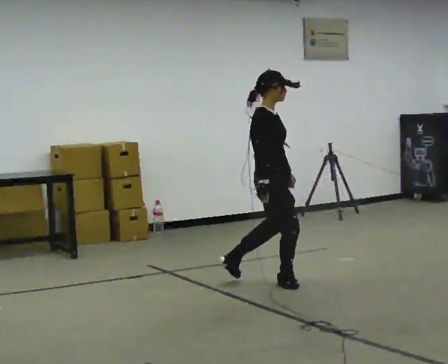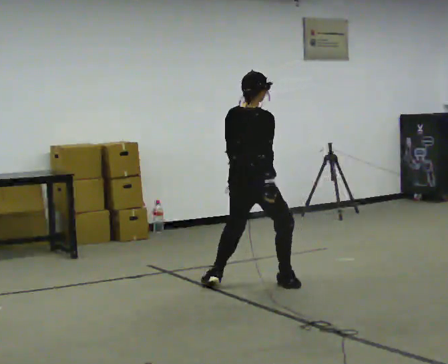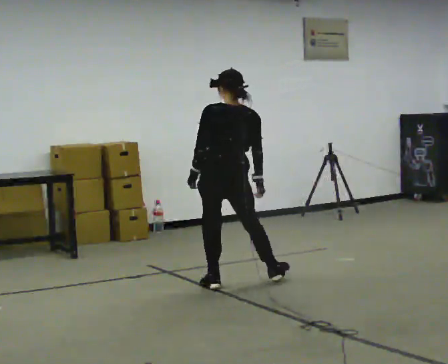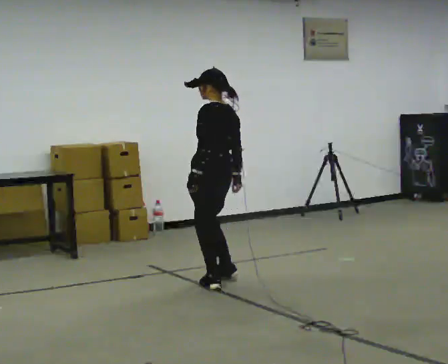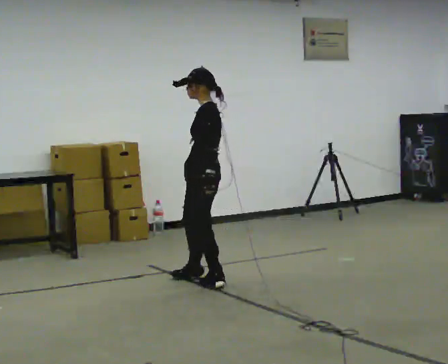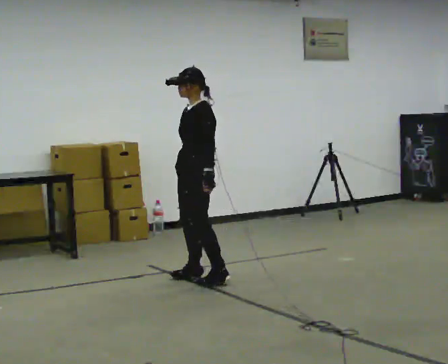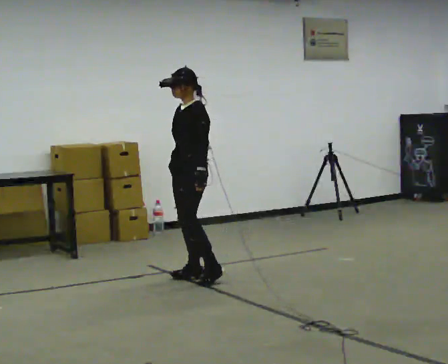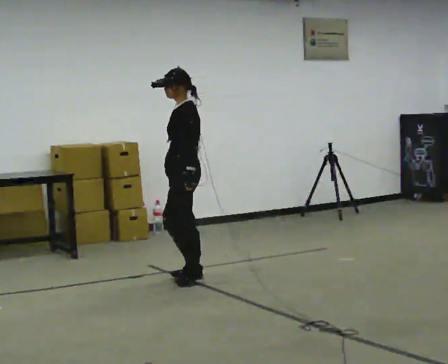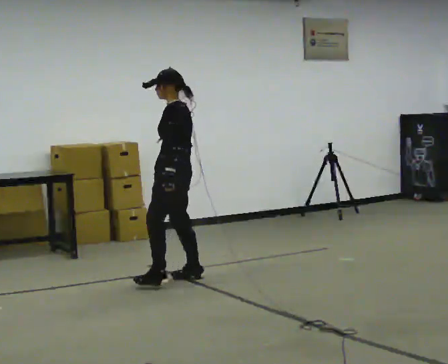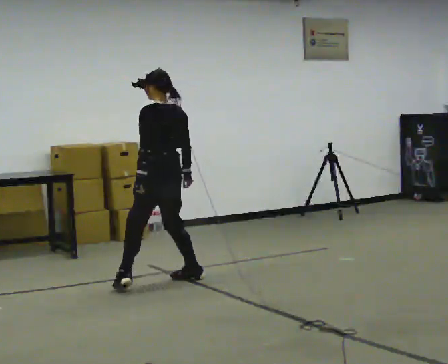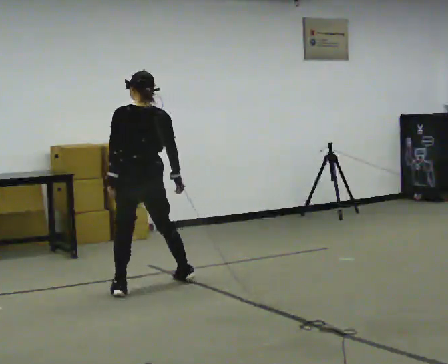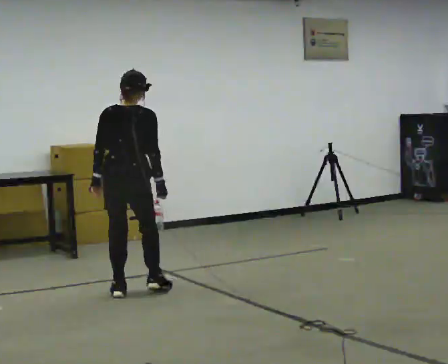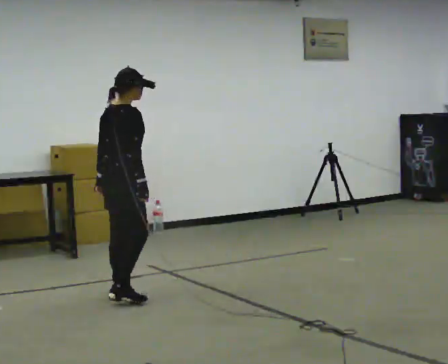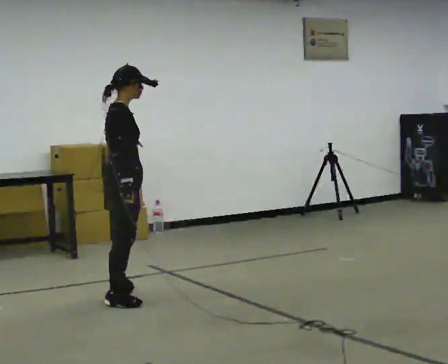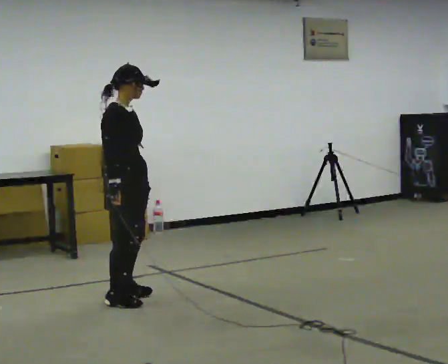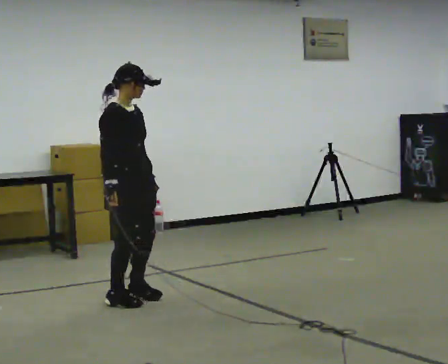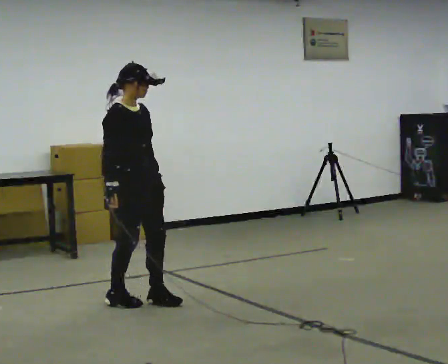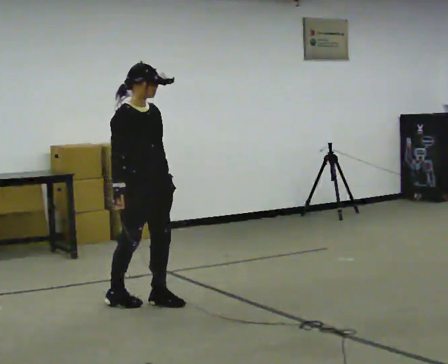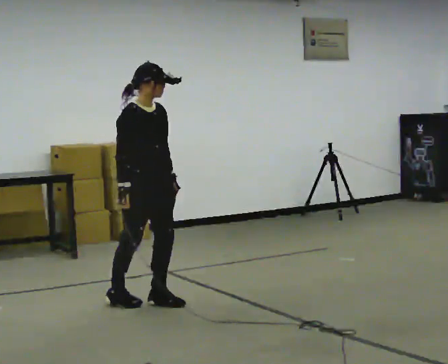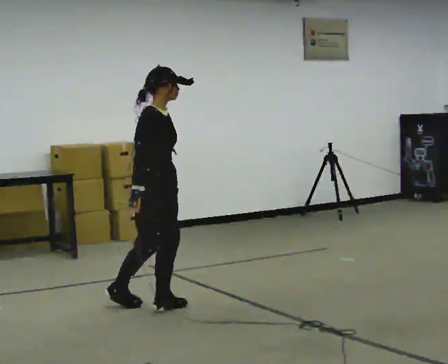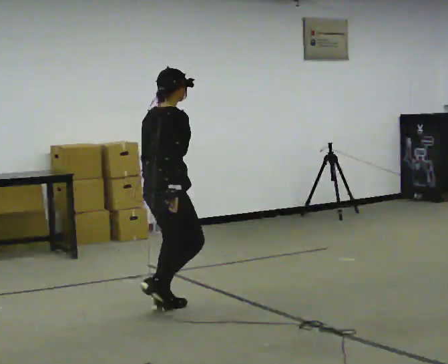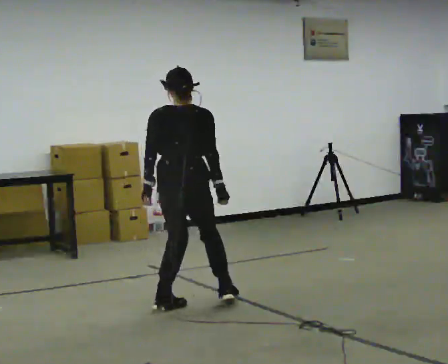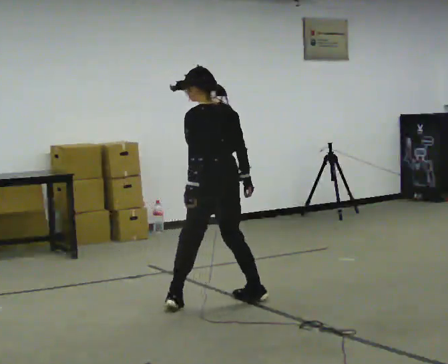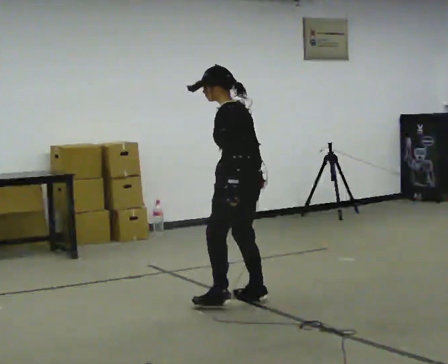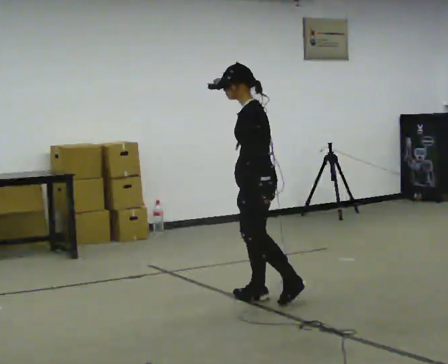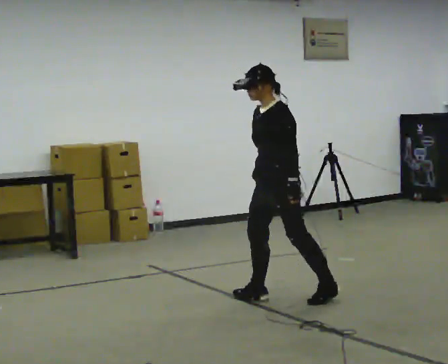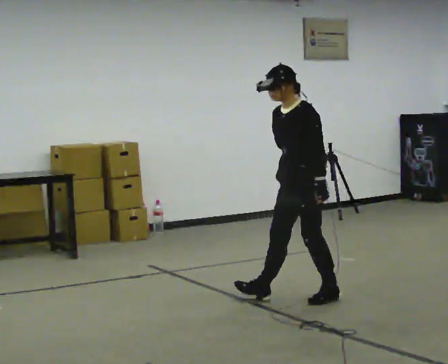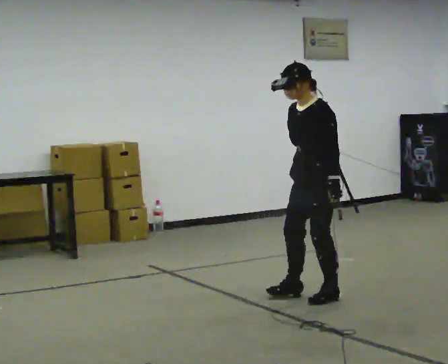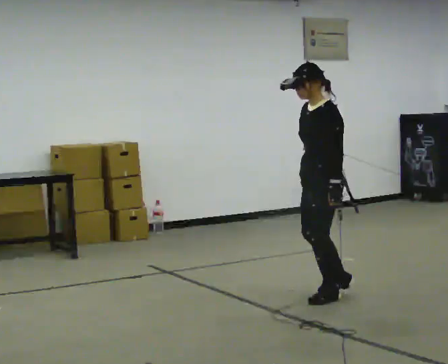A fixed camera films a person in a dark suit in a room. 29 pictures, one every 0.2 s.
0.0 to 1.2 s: The person turns about 210 degrees to their left, counterclockwise seen from above, so the part of the body nearest the lens slides to the right. In the picture they go to the left and away from the camera, about 0.5 m in 2 steps.
1.2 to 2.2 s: The person turns about 135 degrees to their right, clockwise seen from above, so the part of the body nearest the lens slides to the left. In the picture they go to the left and toward the camera, about 0.75 m in 1 step.
2.2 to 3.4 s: The person turns about 105 degrees to their right, clockwise seen from above, so the part of the body nearest the lens slides to the left. In the picture they go toward the camera, about 0.25 m in 2 steps.
3.4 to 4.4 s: Seen from above the body turns counterclockwise, about 165 degrees: to their left, with its near side sliding to the right. In the picture they go to the right, about 0.5 m in 2 steps.
4.4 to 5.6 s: Seen from above the body turns counterclockwise, about 60 degrees: to their left, with its near side sliding to the right. In the picture they go to the right, about 0.75 m in 1 step.
The film runs forward here.
